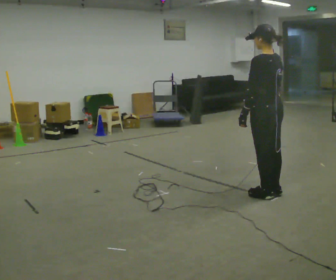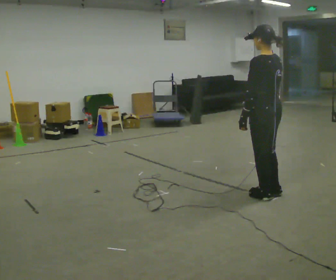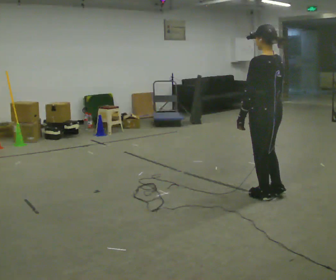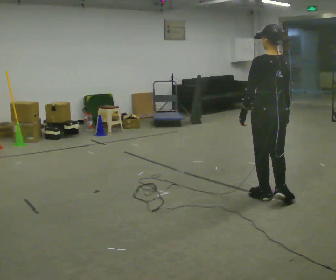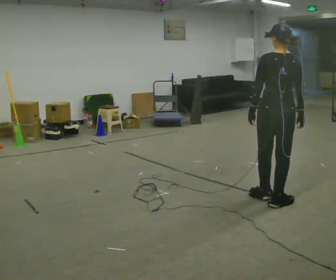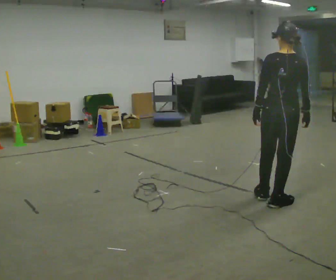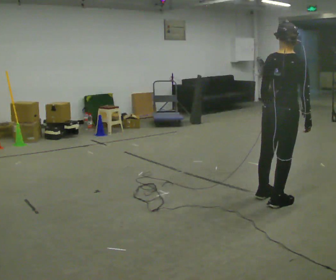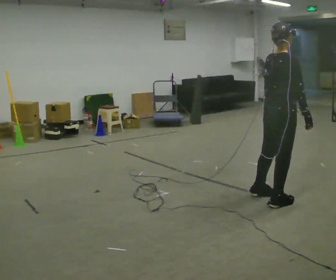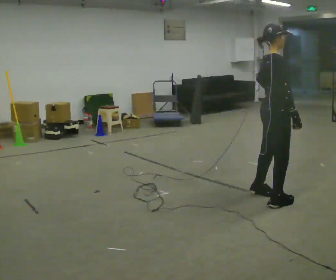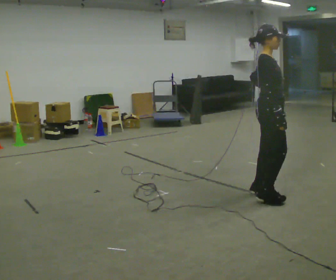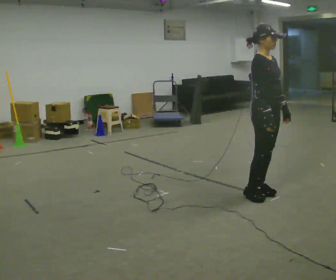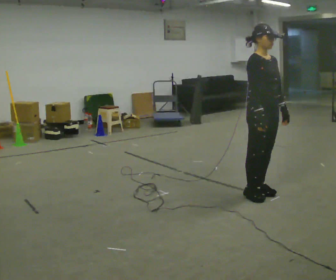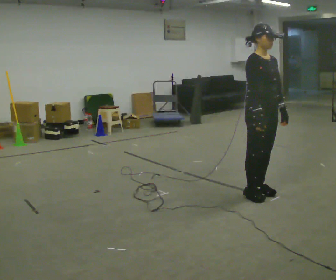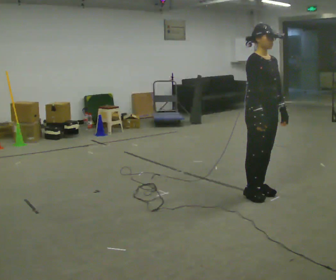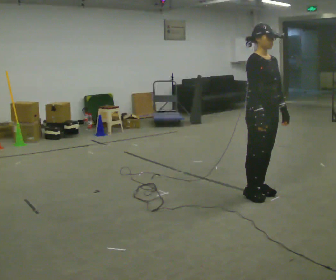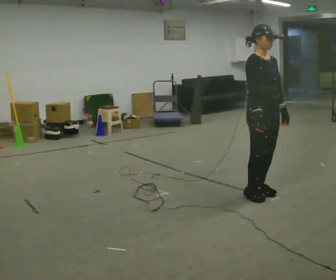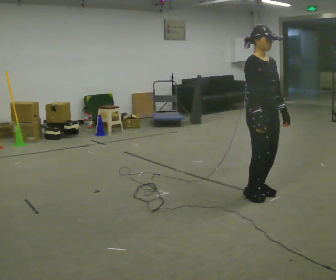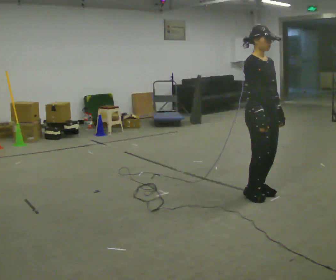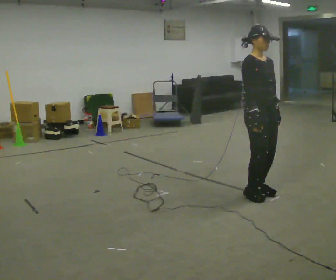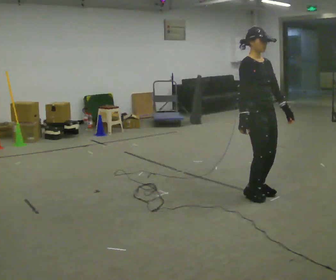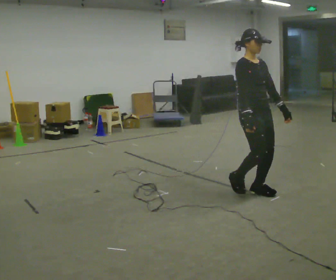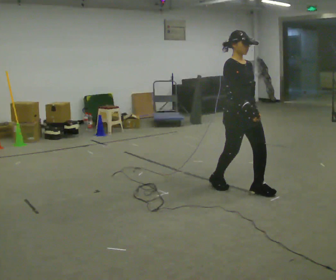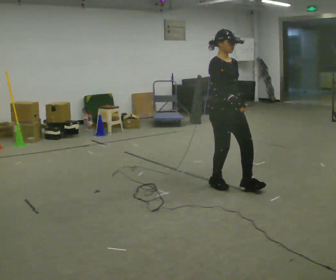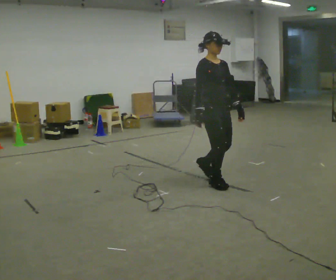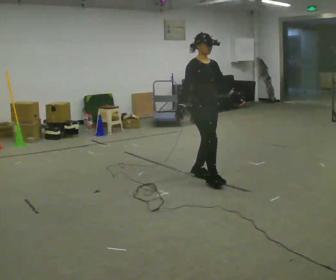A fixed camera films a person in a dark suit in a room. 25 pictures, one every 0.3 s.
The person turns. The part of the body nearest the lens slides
to the left.
The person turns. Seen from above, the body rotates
clockwise.
0.0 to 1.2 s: The part of the body nearest the lens slides to the left as the person turns to their right by about 45 degrees. In the picture they go toward the camera, about 0.25 m in 1 step, which for them is backward.
1.2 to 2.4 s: The part of the body nearest the lens slides to the left as the person turns to their right by about 75 degrees.
2.4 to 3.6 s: The part of the body nearest the lens slides to the left as the person turns to their right by about 60 degrees.
3.6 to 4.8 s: The person keeps their place and pose.
4.8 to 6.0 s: The person moves a little, or ends about where they began.
6.0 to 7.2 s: In the picture they go to the left and away from the camera, about 0.75 m in 2 steps, which for them is backward.
The film runs backward here.
